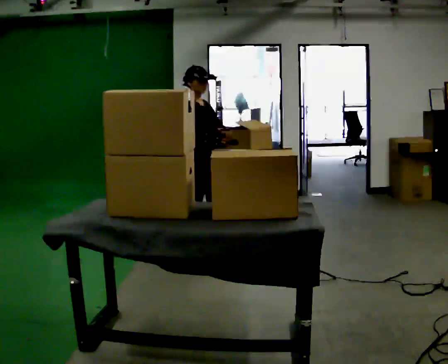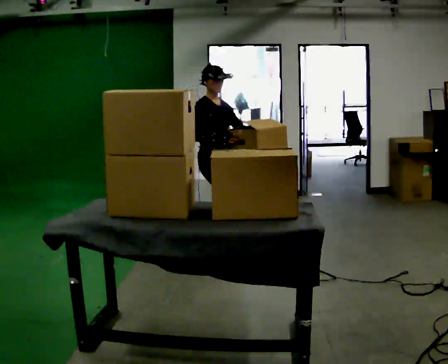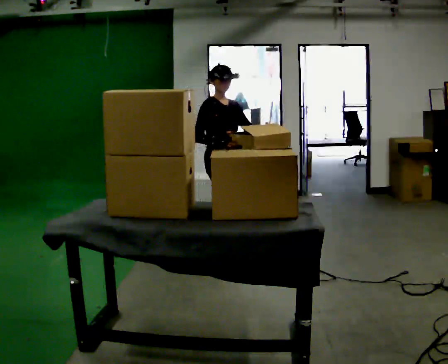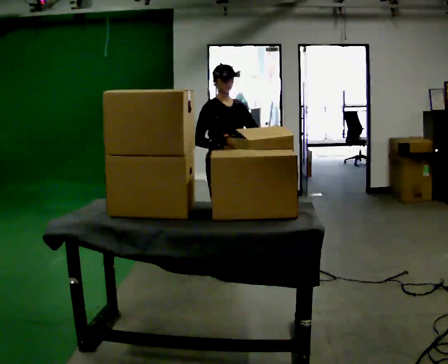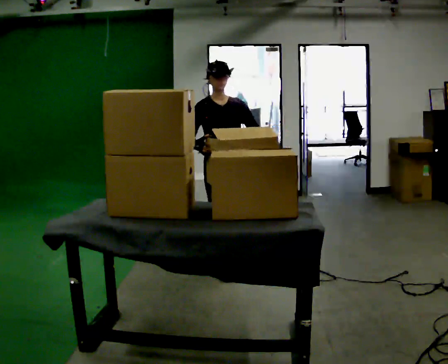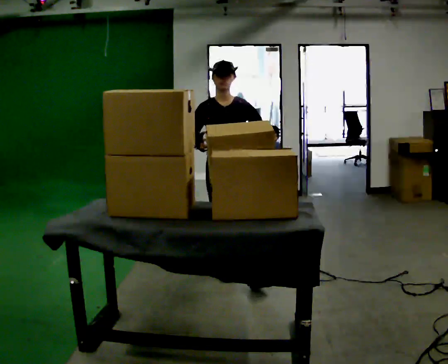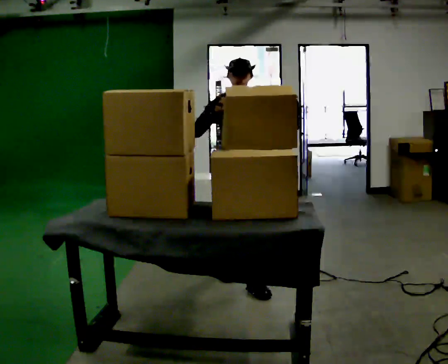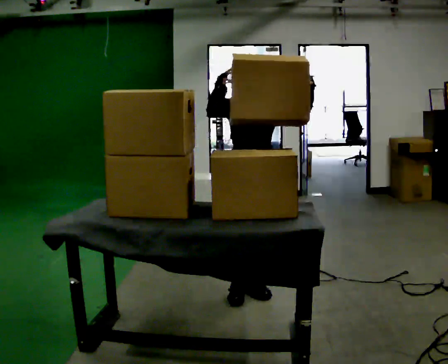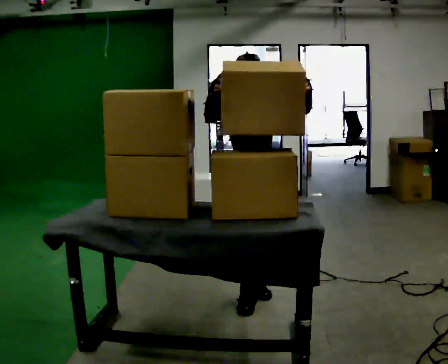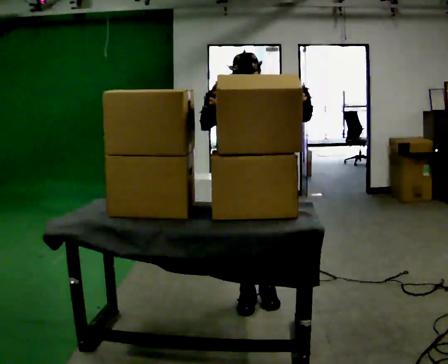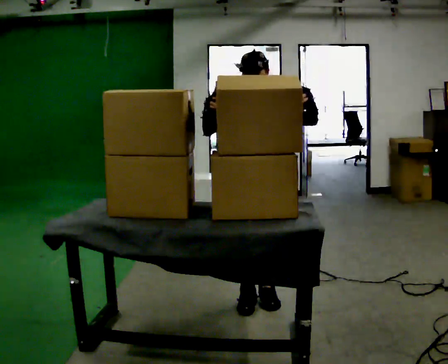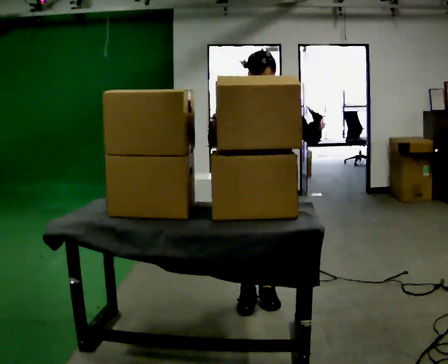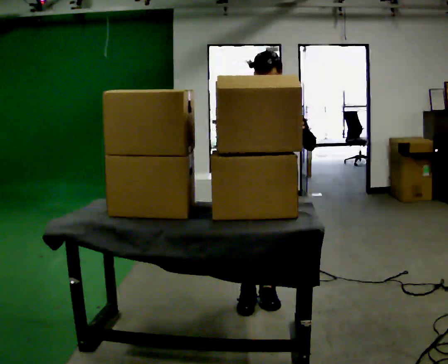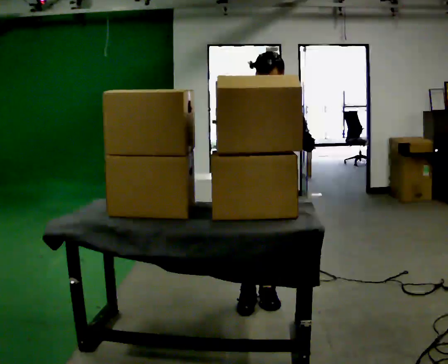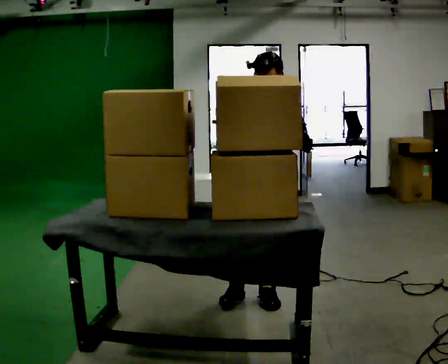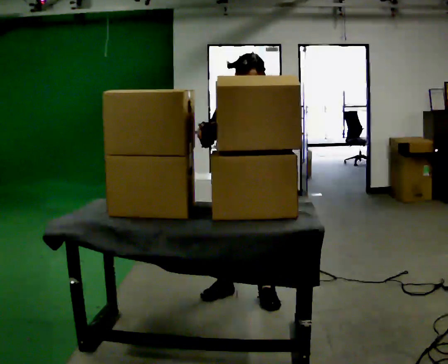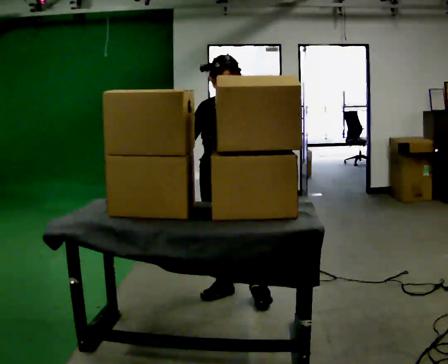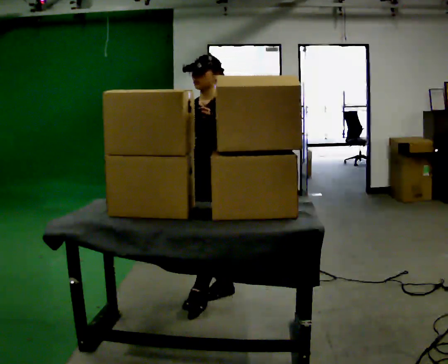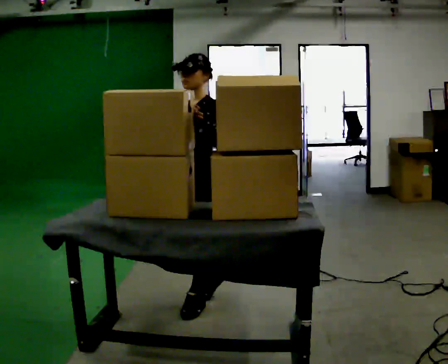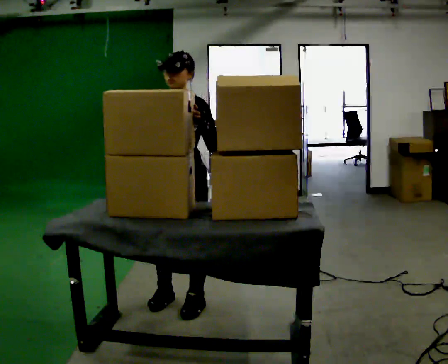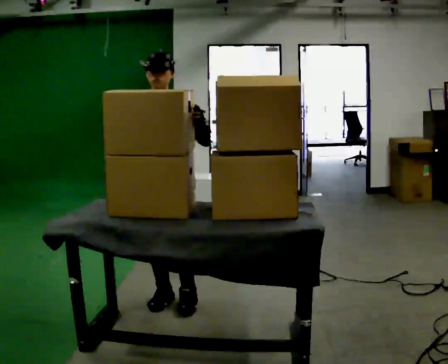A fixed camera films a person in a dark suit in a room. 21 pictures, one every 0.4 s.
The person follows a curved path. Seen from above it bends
clockwise.
0.0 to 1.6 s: The part of the body nearest the lens slides to the left as the person turns to their right by about 45 degrees. In the picture they go toward the camera and to the right, about 0.5 m in 1 step, which for them is forward and to their right.
1.6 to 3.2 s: In the picture they go toward the camera, about 0.5 m in 2 steps, which for them is forward.
3.2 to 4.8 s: The person moves a little, or ends about where they began.
4.8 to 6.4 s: The part of the body nearest the lens slides to the left as the person turns to their right by about 30 degrees. In the picture they go to the left, about 0.25 m in 1 step, which for them is to their right.
6.4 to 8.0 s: Seen from above the body turns counterclockwise, about 30 degrees: to their left, with its near side sliding to the right. In the picture they go to the left and toward the camera, about 0.5 m in 2 steps, which for them is forward and to their right.
The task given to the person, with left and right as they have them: Move objects one at a time from the waist-height shelf at one end of the room to the waist-height shelf at the other end. Keep going until the operator says stop; one object at a time, and do not rush between trips.
The film runs forward here.
